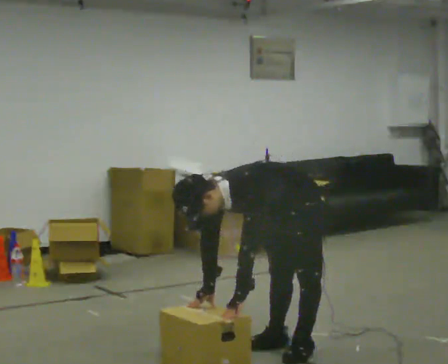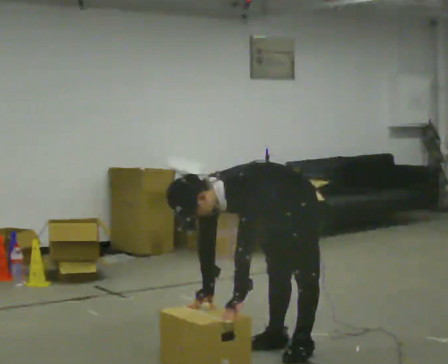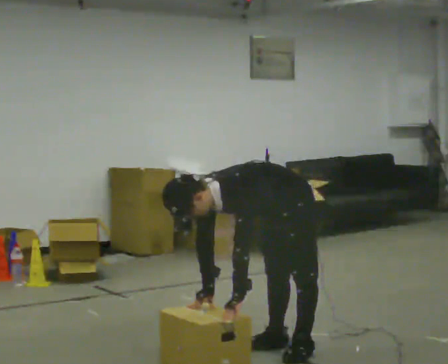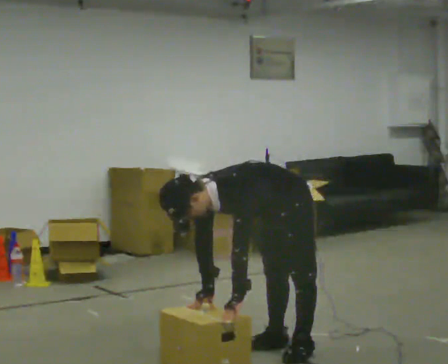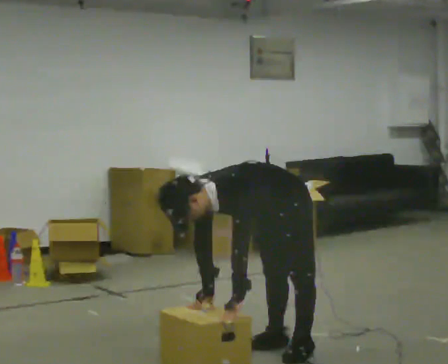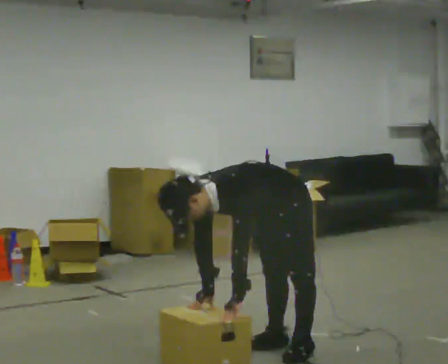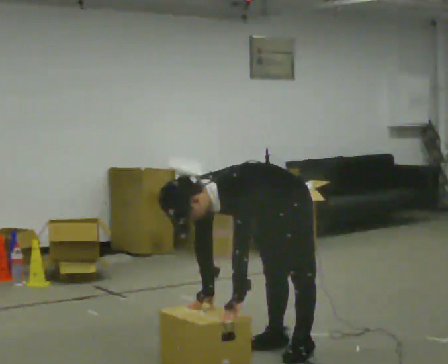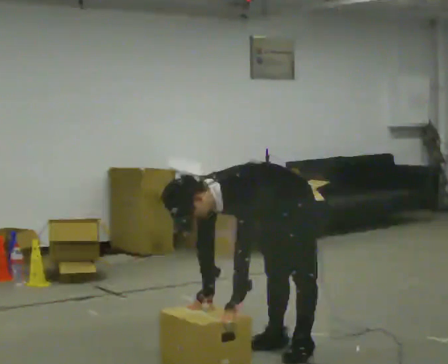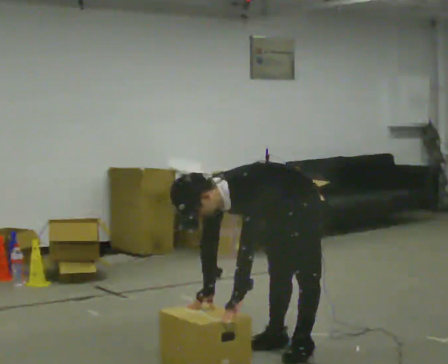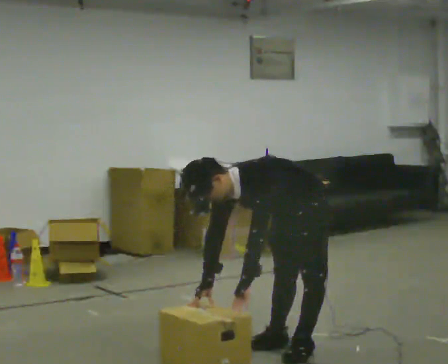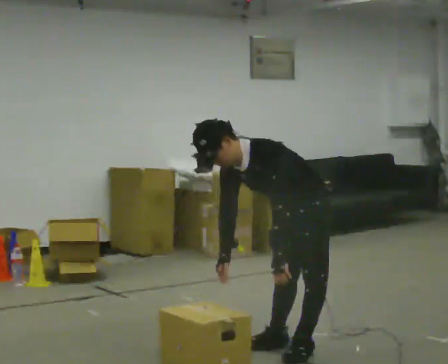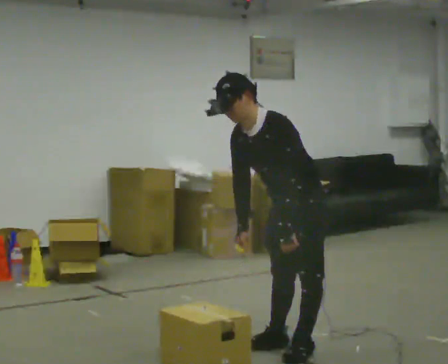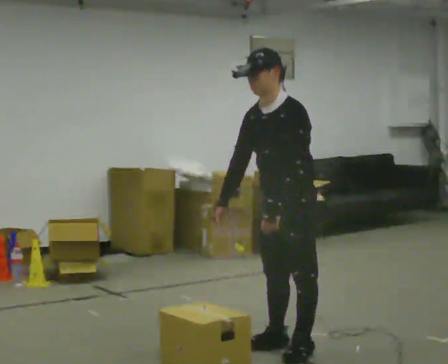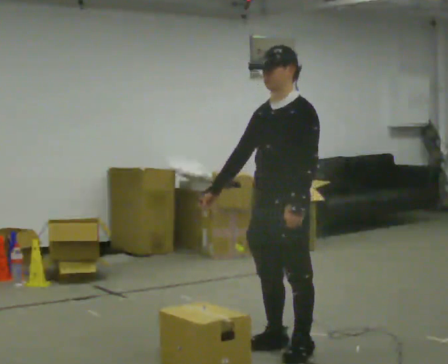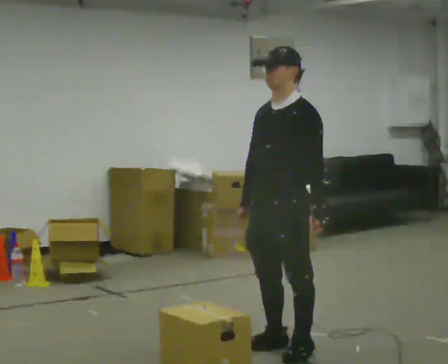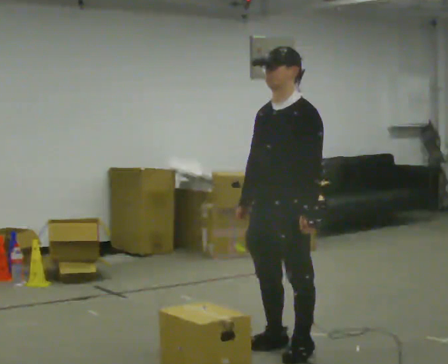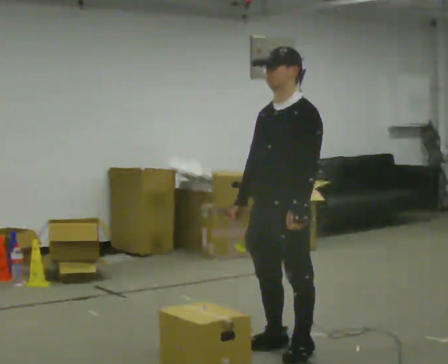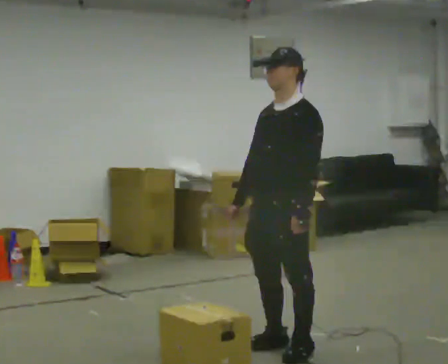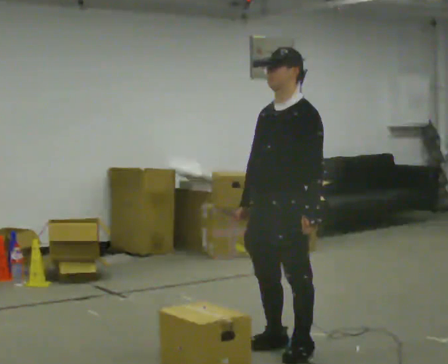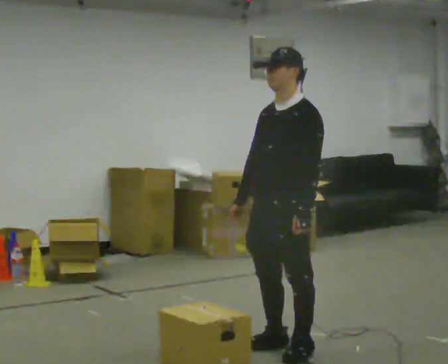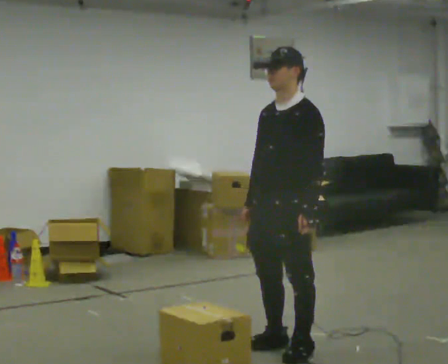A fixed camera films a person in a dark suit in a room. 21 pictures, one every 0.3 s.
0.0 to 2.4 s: The person moves a little, or ends about where they began.
2.4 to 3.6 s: The upper body goes upward. In the picture the upper body tilts clockwise, shoulders to the right, as they lean back or straighten. In the picture their right hand goes upward.
3.6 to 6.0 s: The person moves a little, or ends about where they began.
The film runs forward here.
